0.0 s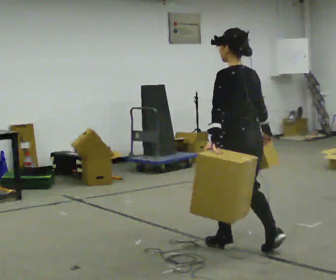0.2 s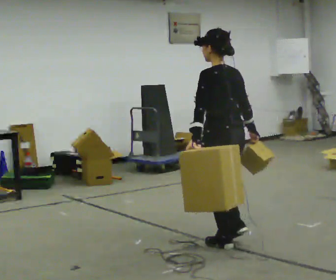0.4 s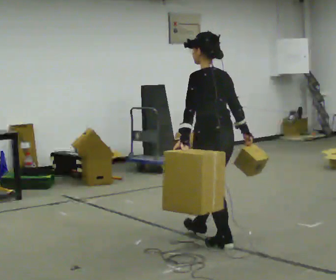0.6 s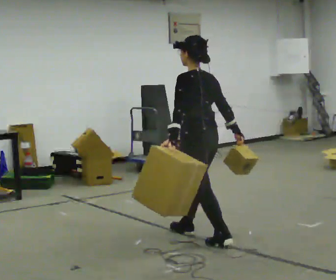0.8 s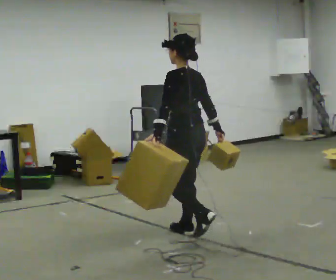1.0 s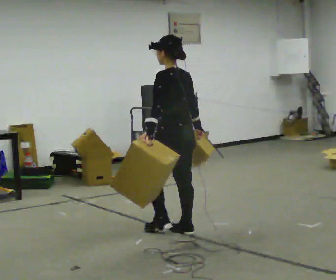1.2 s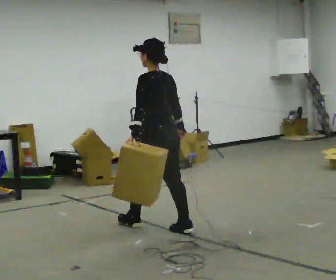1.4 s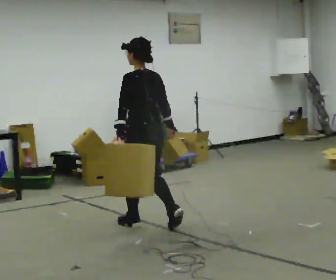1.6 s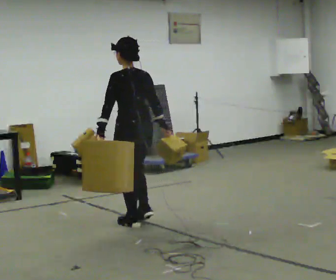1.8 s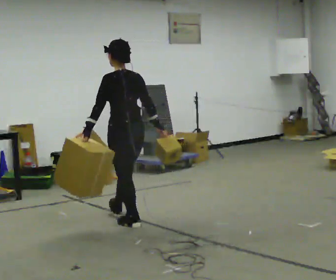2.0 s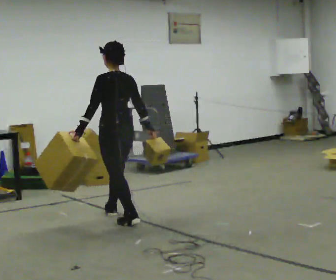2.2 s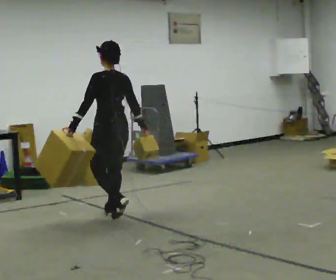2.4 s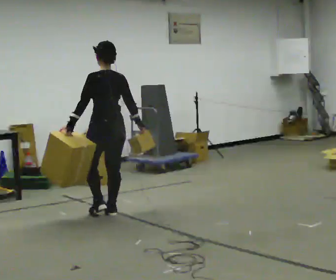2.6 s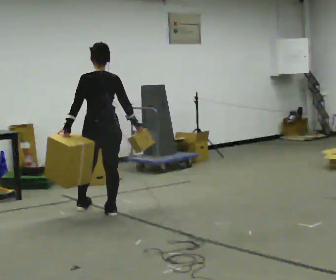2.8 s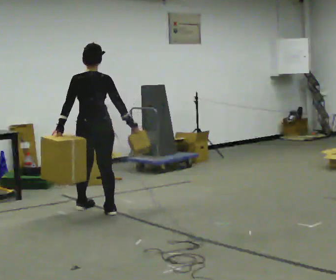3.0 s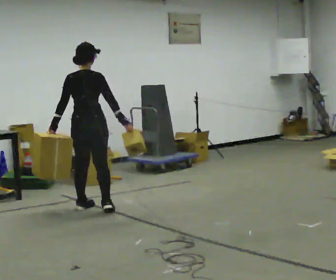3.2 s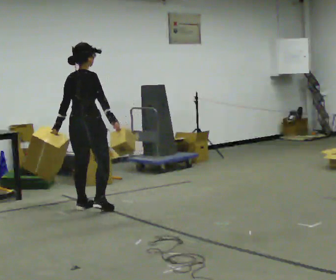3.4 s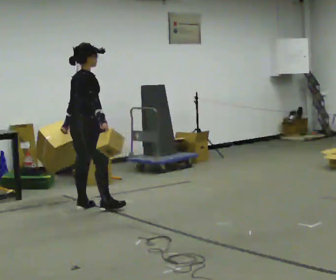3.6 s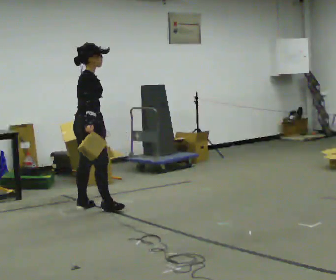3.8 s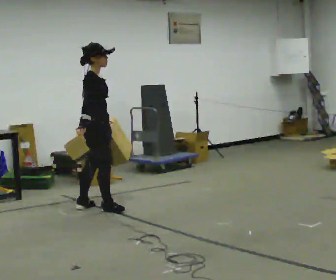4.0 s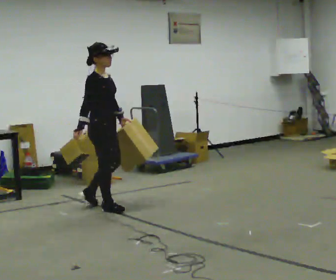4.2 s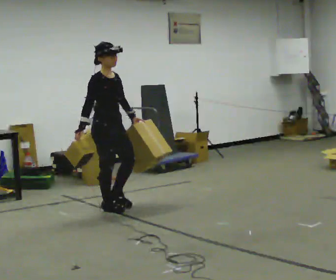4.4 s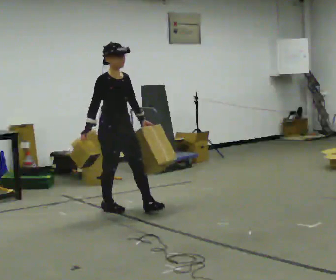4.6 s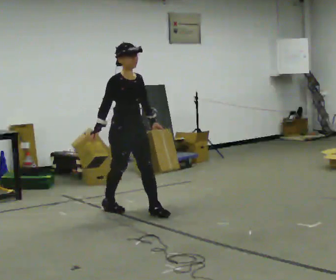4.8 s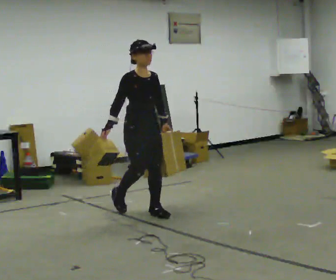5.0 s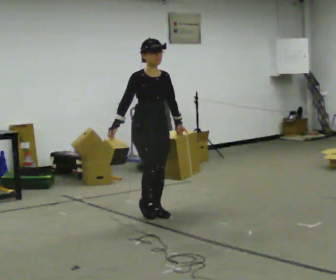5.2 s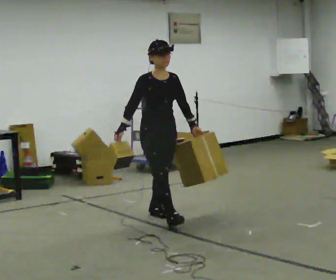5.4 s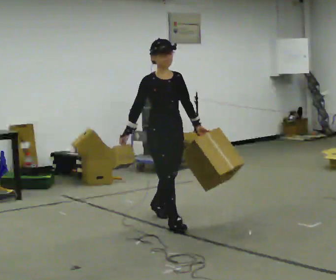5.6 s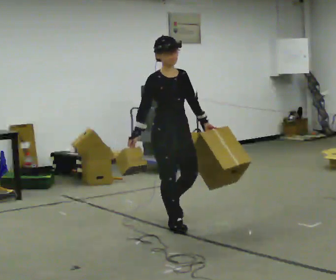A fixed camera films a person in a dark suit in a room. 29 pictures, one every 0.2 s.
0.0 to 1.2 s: In the picture they go away from the camera and to the left, about 1 m in 2 steps, which for them is forward.
1.2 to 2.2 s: In the picture they go away from the camera and to the left, about 0.75 m in 1 step, which for them is forward.
2.2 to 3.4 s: Seen from above the body turns clockwise, about 105 degrees: to their right, with its near side sliding to the left. In the picture they go away from the camera and to the left, about 0.5 m in 2 steps.
3.4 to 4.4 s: The person turns about 75 degrees to their right, clockwise seen from above, so the part of the body nearest the lens slides to the left. In the picture they go to the right and toward the camera, about 0.25 m.
4.4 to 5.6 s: In the picture they go toward the camera and to the right, about 1 m in 2 steps, which for them is forward.
The film runs forward here.
